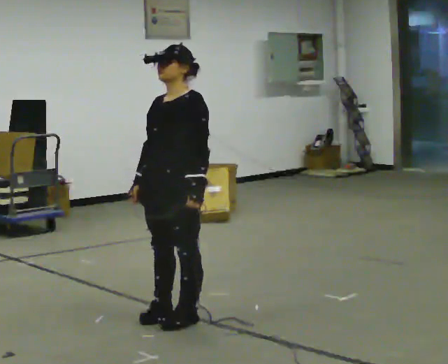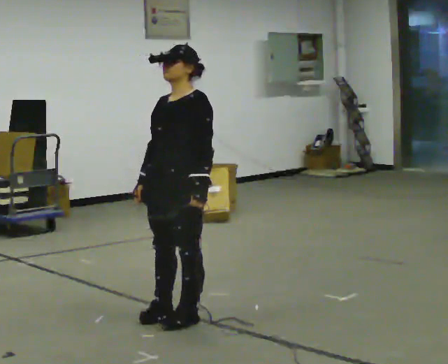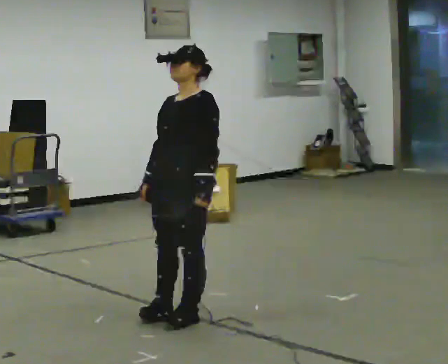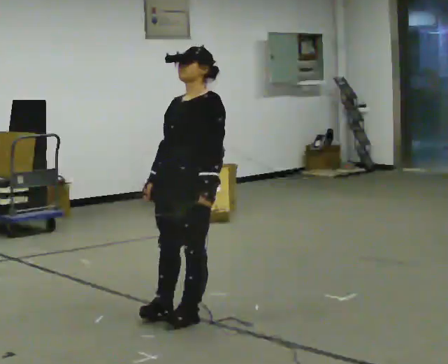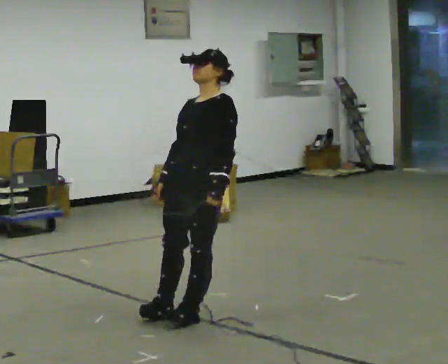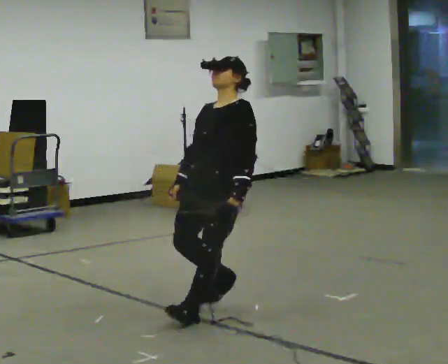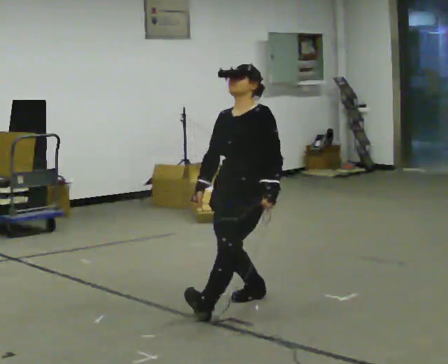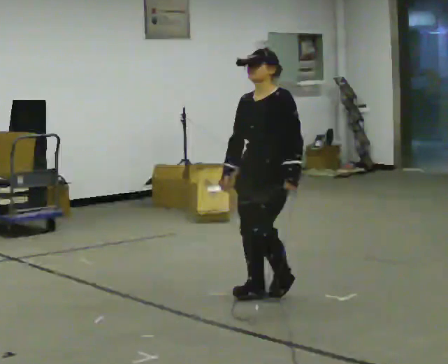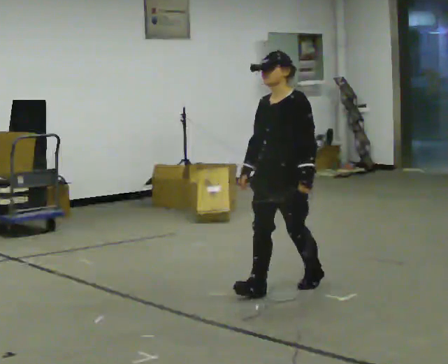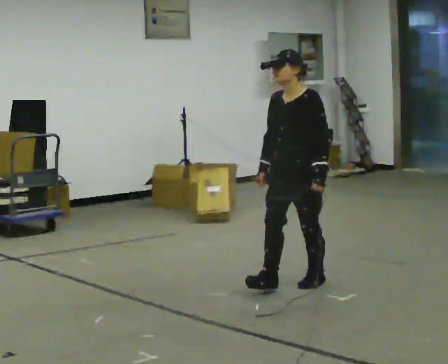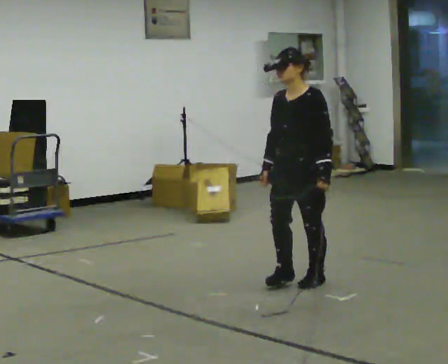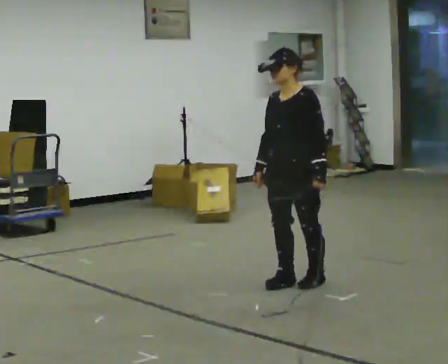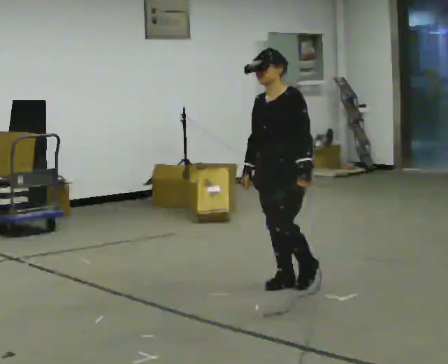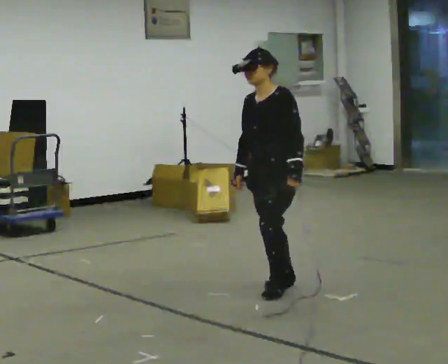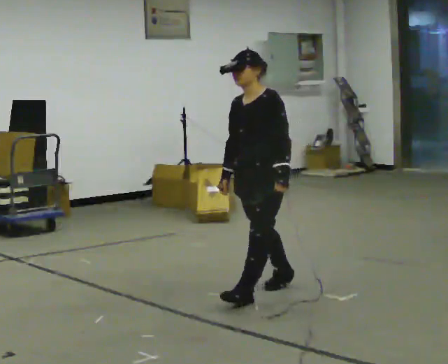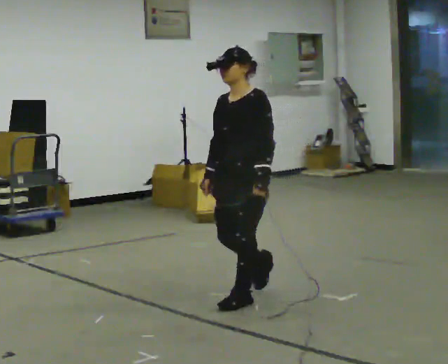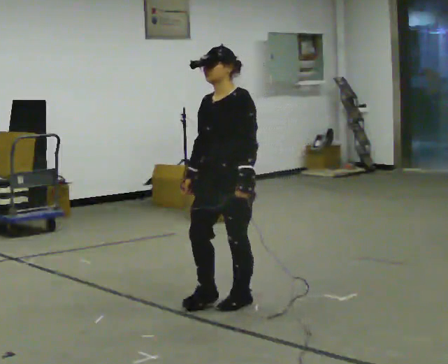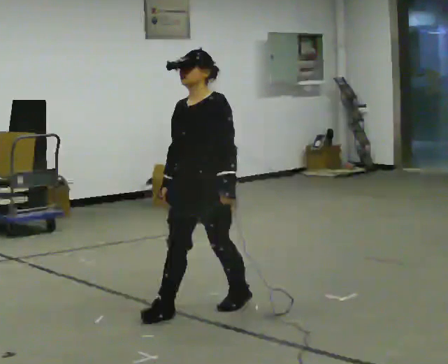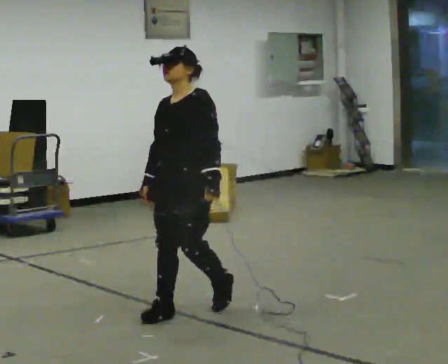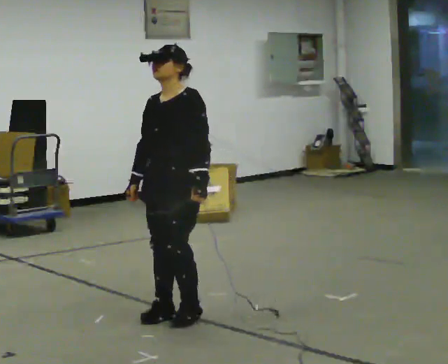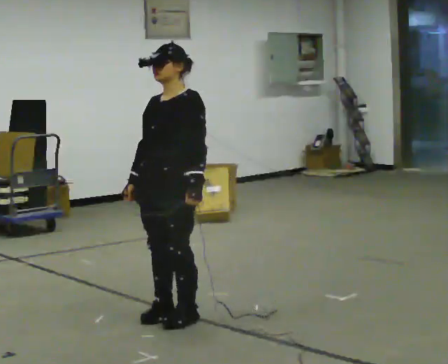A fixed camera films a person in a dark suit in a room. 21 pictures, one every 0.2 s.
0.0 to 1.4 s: In the picture they go away from the camera and to the right, about 1 m in 1 step, which for them is backward.
1.4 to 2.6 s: The person moves a little, or ends about where they began.
2.6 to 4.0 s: In the picture they go toward the camera and to the left, about 1 m in 3 steps, which for them is forward.
The film runs forward here.
